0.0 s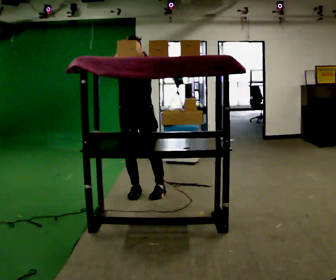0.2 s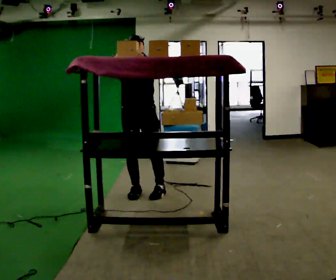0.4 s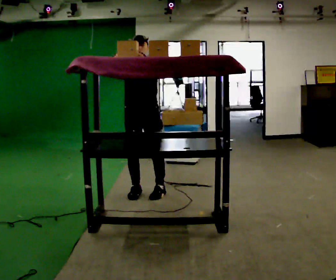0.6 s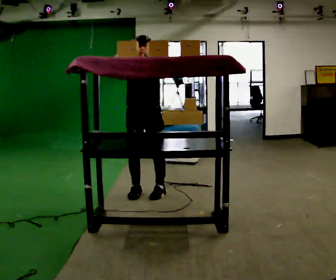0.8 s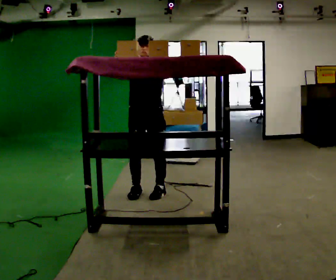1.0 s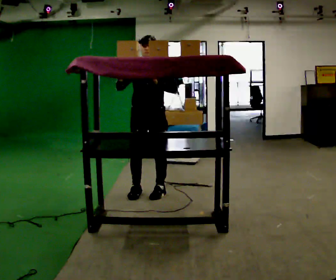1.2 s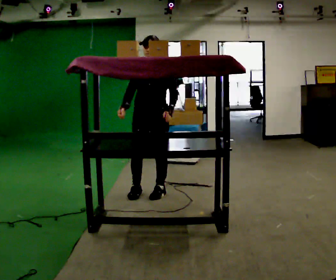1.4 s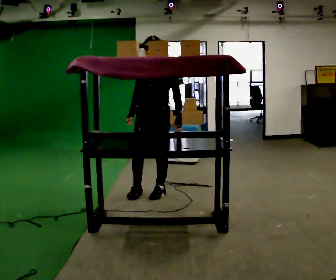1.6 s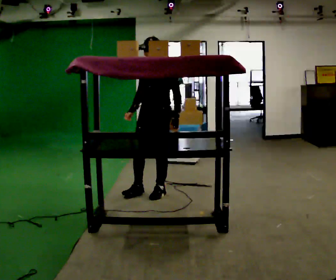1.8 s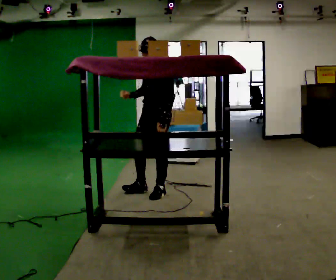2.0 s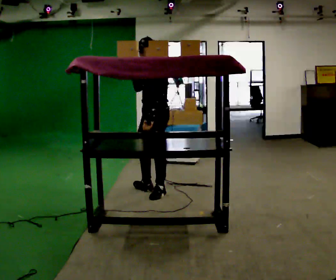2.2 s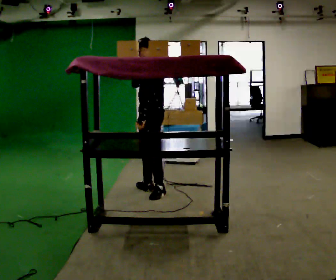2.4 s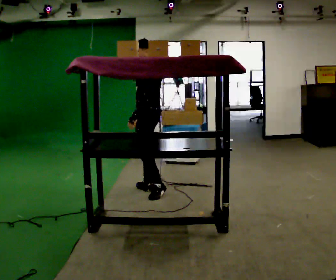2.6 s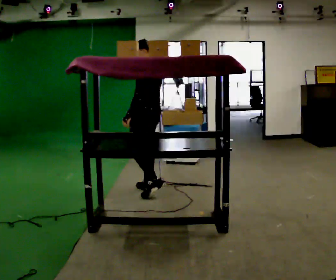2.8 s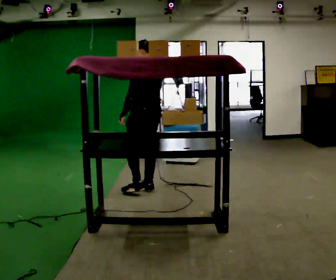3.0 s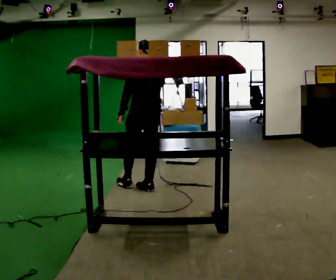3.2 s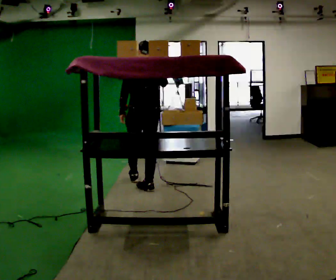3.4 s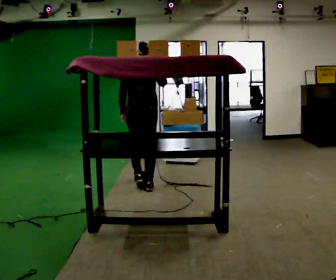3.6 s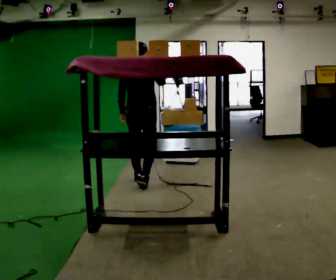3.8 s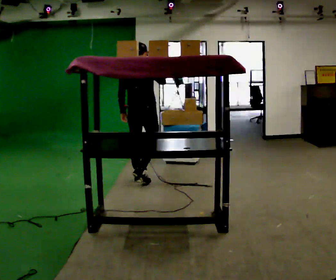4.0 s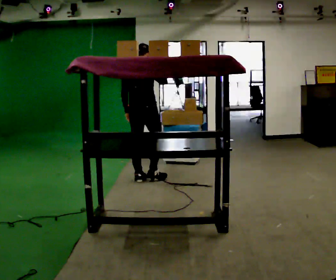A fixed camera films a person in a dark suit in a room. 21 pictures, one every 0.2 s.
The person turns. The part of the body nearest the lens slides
to the left.
Their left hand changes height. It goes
downward.
0.0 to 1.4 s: The person turns about 30 degrees to their right, clockwise seen from above, so the part of the body nearest the lens slides to the left. In the picture they go to the right, about 0.25 m, which for them is to their left. In the picture their right hand goes downward.
1.4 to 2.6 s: The person turns about 90 degrees to their right, clockwise seen from above, so the part of the body nearest the lens slides to the left. In the picture they go away from the camera, about 0.25 m. In the picture their right hand goes upward.
2.6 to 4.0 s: Seen from above the body turns clockwise, about 90 degrees: to their right, with its near side sliding to the left. In the picture they go away from the camera, about 0.5 m in 1 step.
The film runs forward here.
